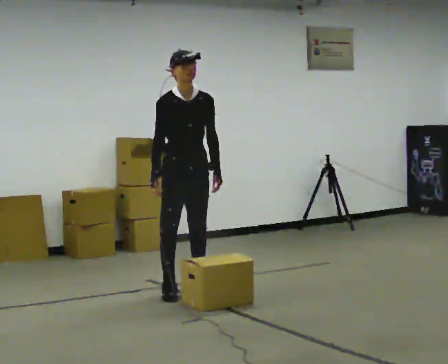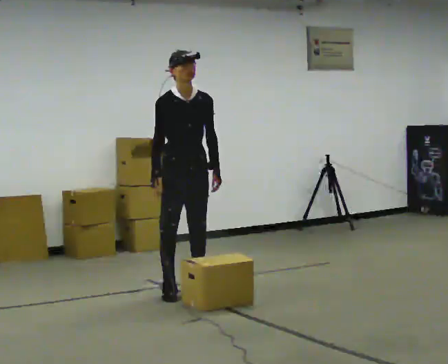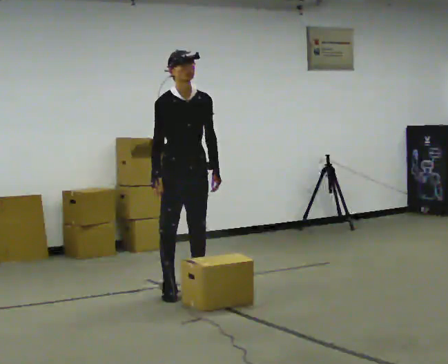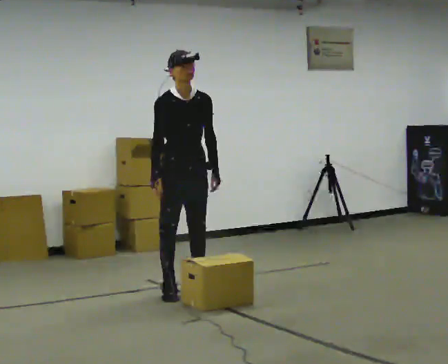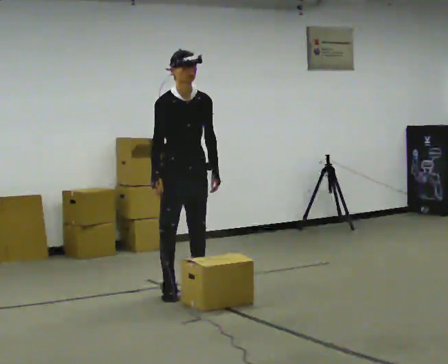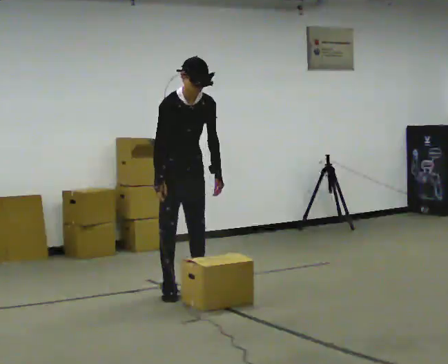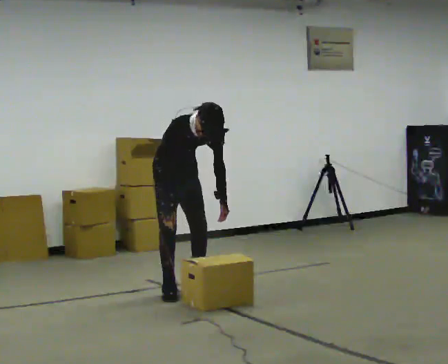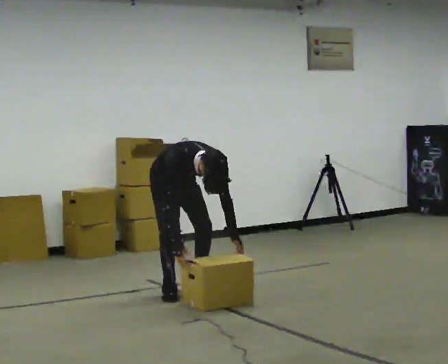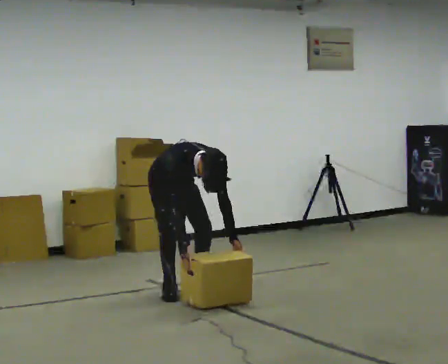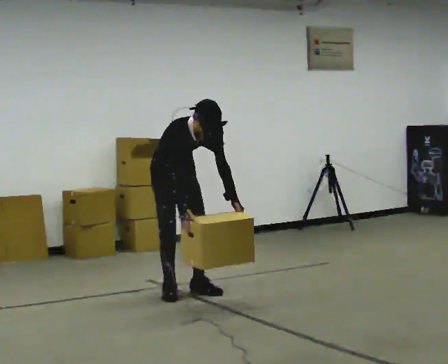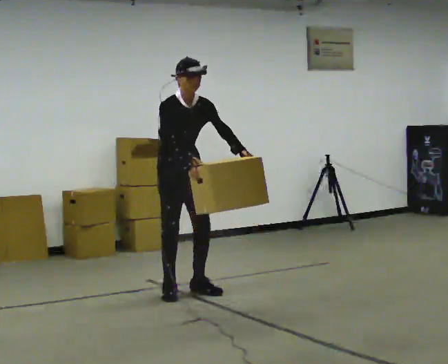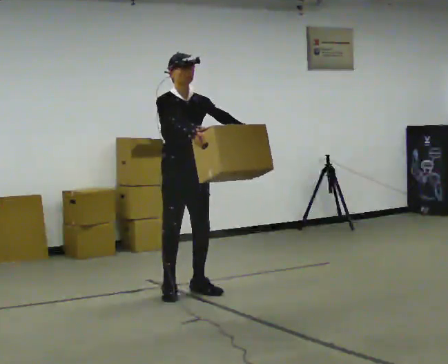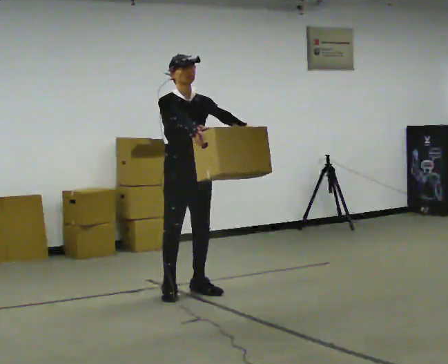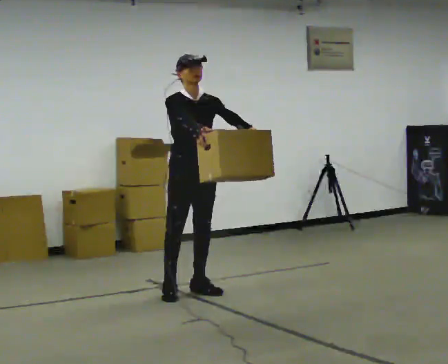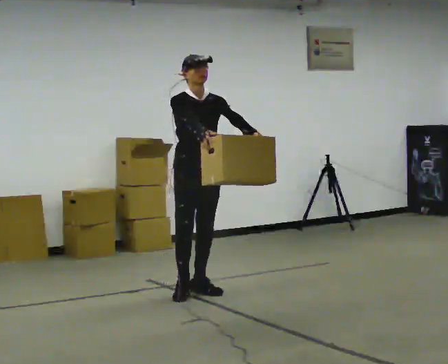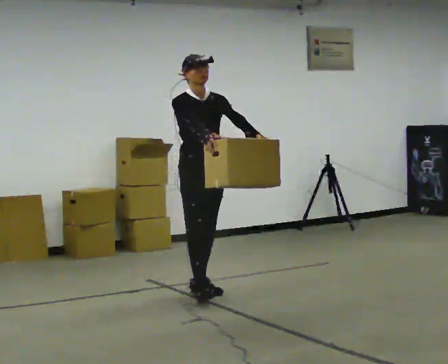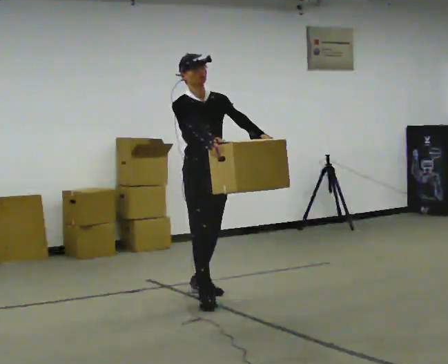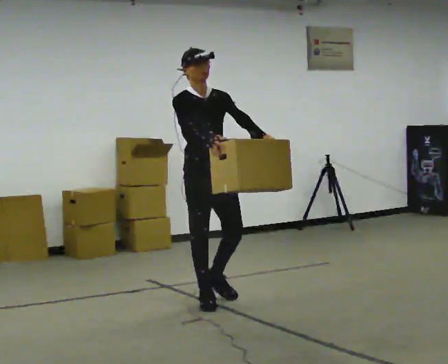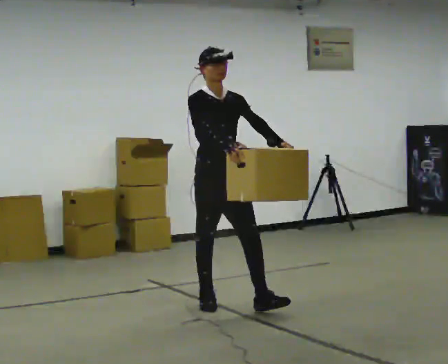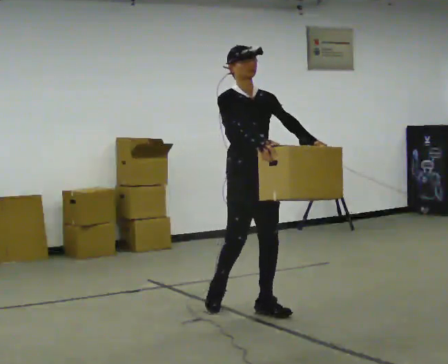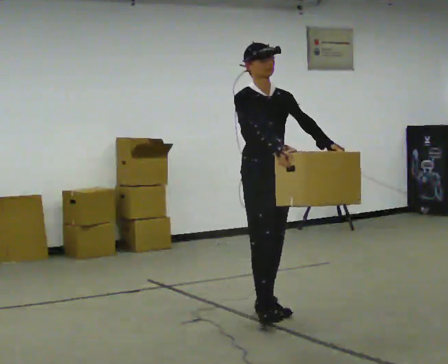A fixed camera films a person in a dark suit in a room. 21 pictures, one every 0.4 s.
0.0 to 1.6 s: The person keeps their place and pose.
1.6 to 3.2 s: In the picture they go away from the camera, about 0.25 m, which for them is backward. The shoulders move downward. The upper body tips toward the camera, its near side rolling downward, as they bend forward. In the picture their right hand goes downward.
3.2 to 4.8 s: The upper body goes upward. The upper body tips away from the camera, its near side rolling upward, as they lean back or straighten. In the picture their right hand goes upward.
4.8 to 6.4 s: In the picture they go toward the camera, about 0.25 m in 1 step, which for them is forward.
6.4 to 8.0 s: In the picture they go toward the camera and to the right, about 0.75 m in 1 step, which for them is forward.
The film runs forward here.
